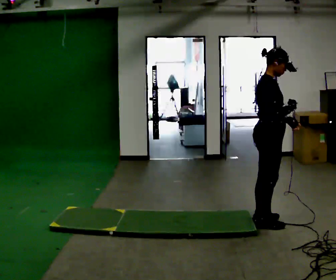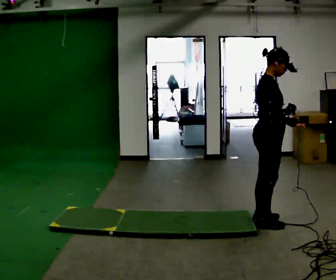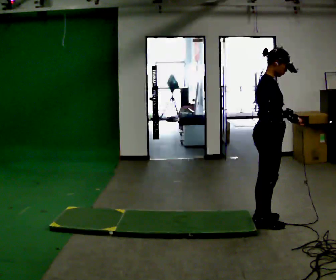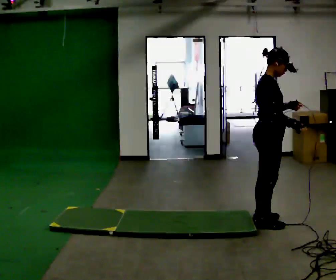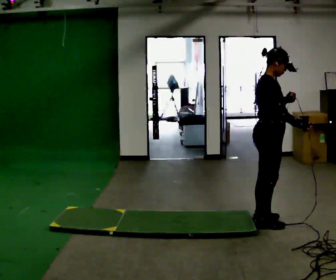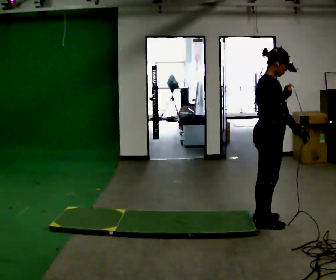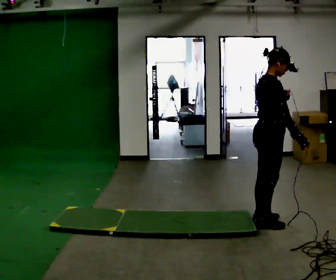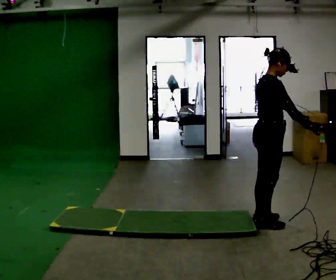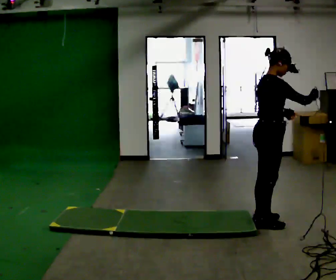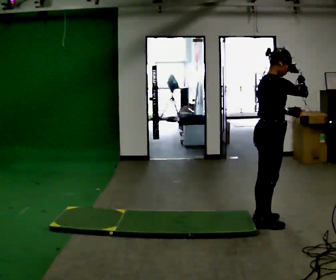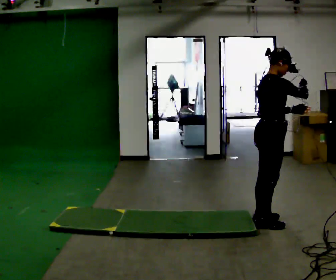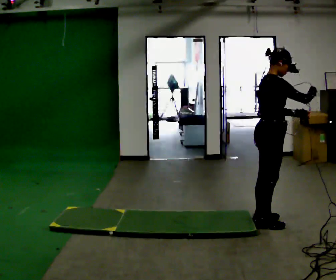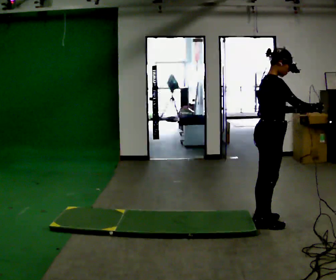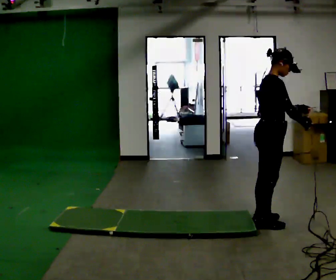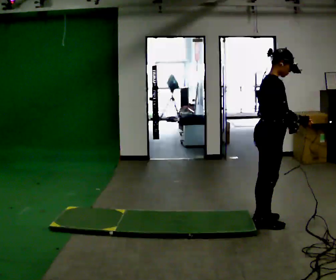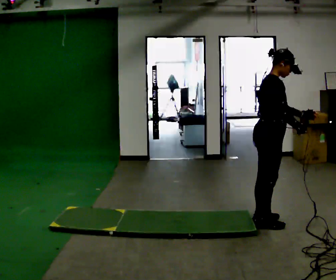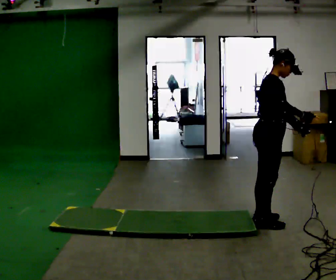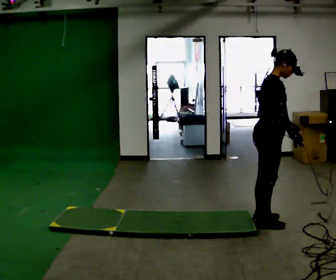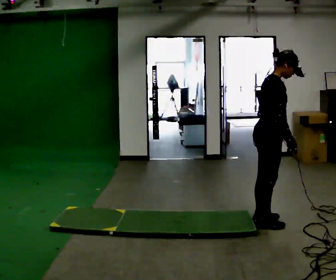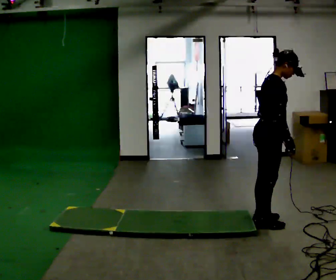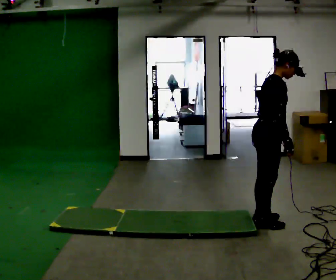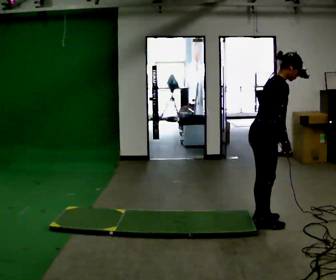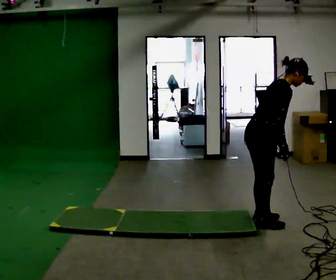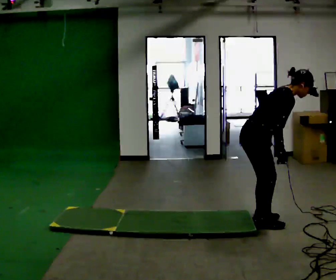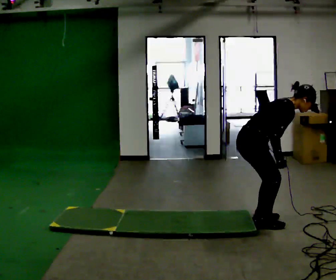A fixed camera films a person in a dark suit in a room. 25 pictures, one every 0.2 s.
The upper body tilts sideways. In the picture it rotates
clockwise.
0.0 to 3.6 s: The person moves a little, or ends about where they began.
3.6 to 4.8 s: The shoulders move downward. In the picture the upper body tilts clockwise, shoulders to the right, as they bend forward.
The film runs forward here.
